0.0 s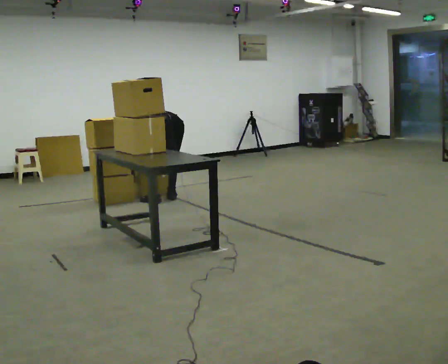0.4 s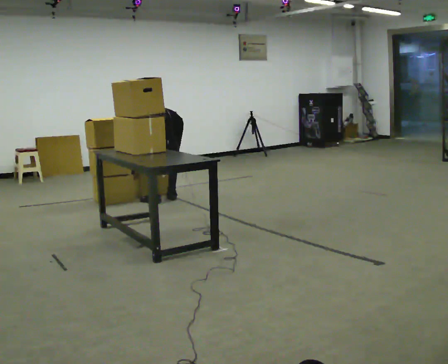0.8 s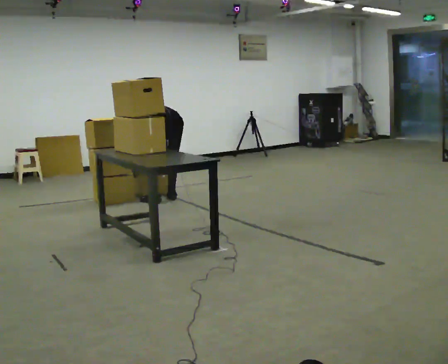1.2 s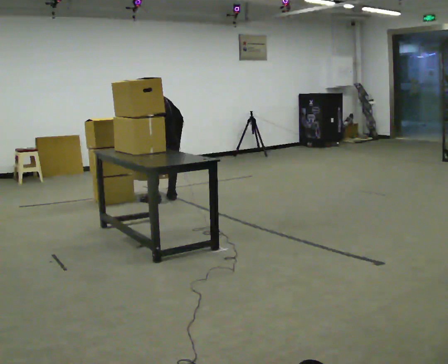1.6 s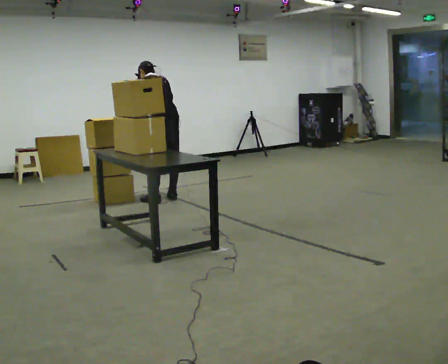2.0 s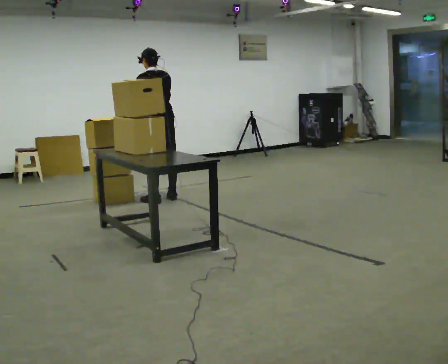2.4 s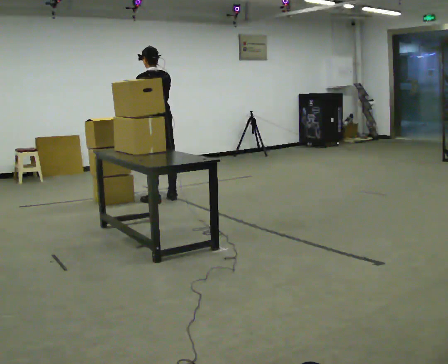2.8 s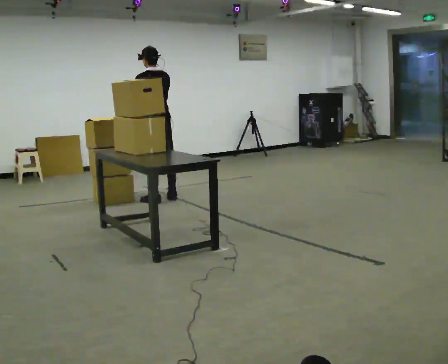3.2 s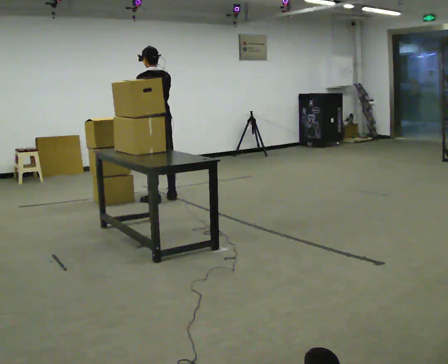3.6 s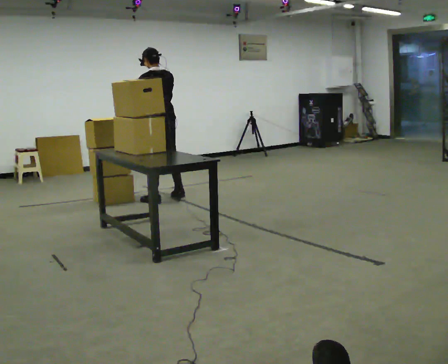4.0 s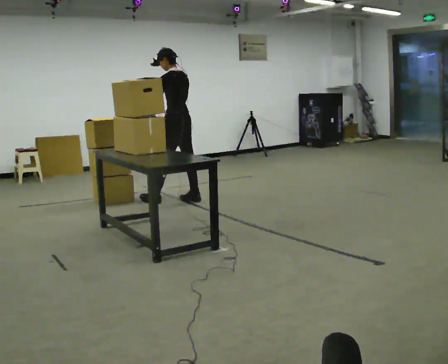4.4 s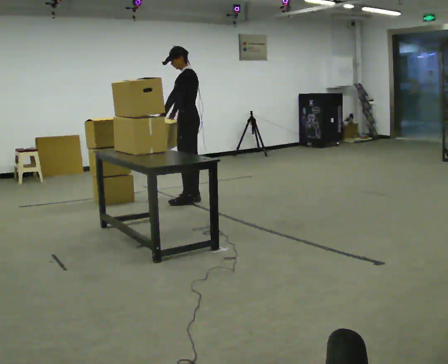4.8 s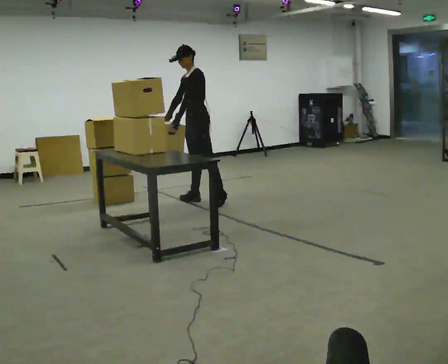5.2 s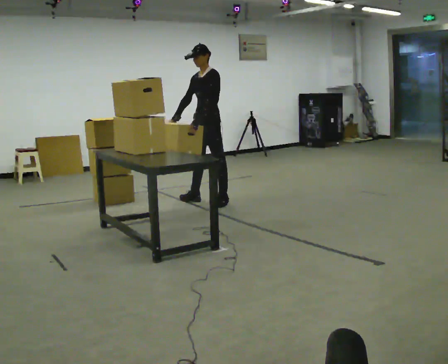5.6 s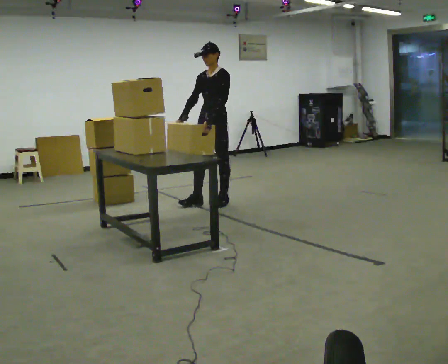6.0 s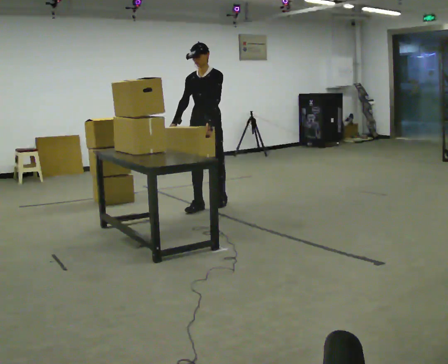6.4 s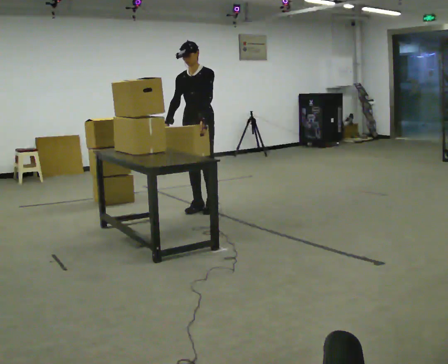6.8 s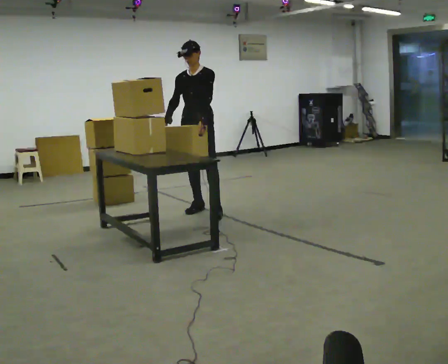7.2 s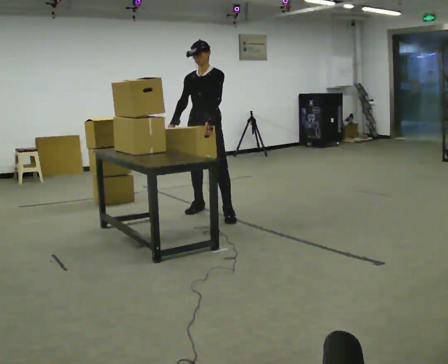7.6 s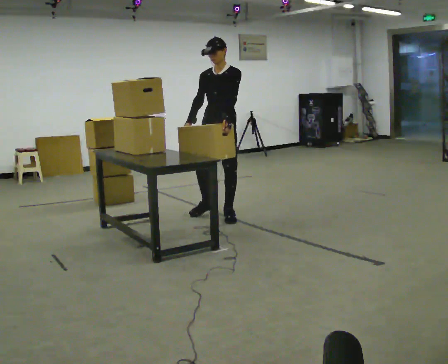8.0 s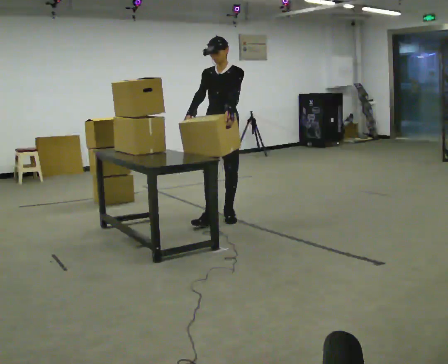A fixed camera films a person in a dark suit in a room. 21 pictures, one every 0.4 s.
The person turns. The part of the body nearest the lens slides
to the right.
The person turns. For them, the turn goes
to their left.
0.0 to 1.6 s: The shoulders move upward. The upper body tips toward the camera, its near side rolling downward, as they lean back or straighten. In the picture their left hand goes upward.
1.6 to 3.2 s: The upper body tips toward the camera, its near side rolling downward, as they lean back or straighten.
3.2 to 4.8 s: The part of the body nearest the lens slides to the right as the person turns to their left by about 75 degrees. In the picture they go to the right, about 0.5 m in 2 steps.
4.8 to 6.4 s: The part of the body nearest the lens slides to the right as the person turns to their left by about 45 degrees. In the picture they go toward the camera, about 0.25 m in 1 step, which for them is forward and to their left.
6.4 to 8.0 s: In the picture they go toward the camera and to the right, about 0.5 m in 1 step, which for them is to their left and forward.
The film runs forward here.
